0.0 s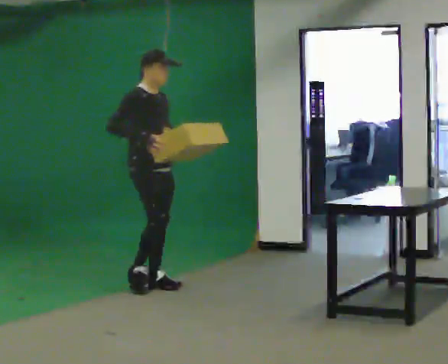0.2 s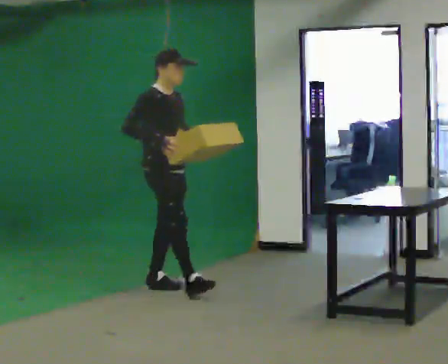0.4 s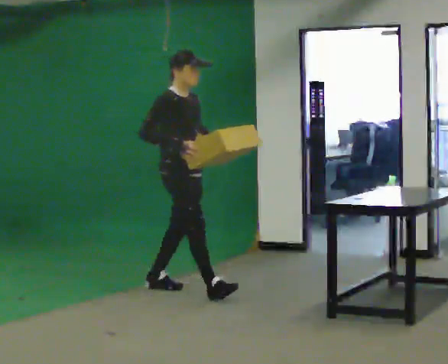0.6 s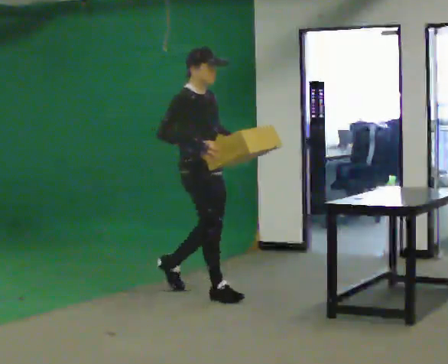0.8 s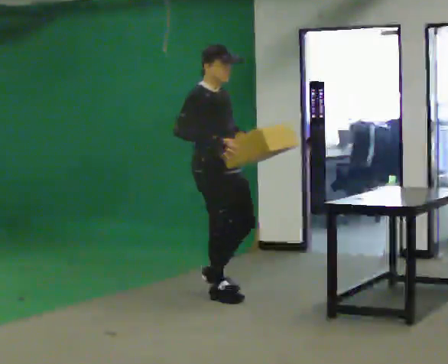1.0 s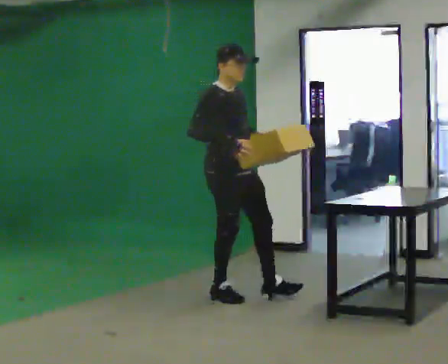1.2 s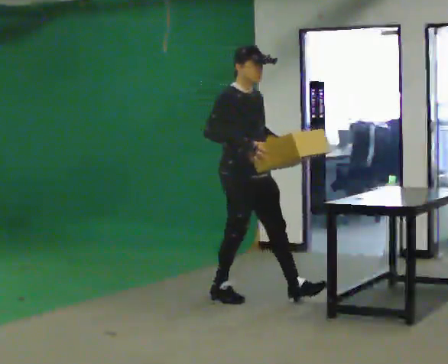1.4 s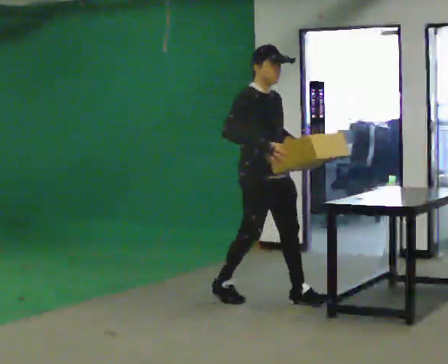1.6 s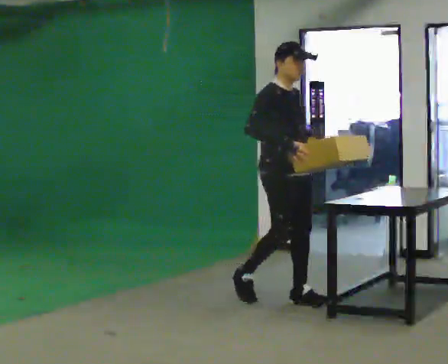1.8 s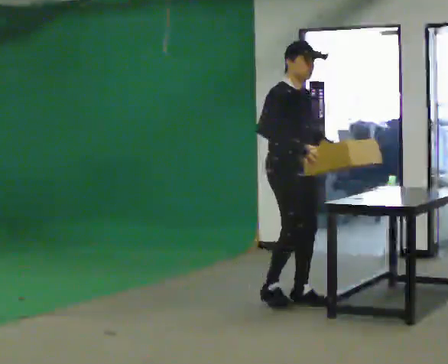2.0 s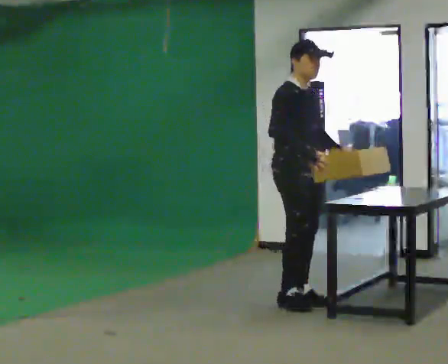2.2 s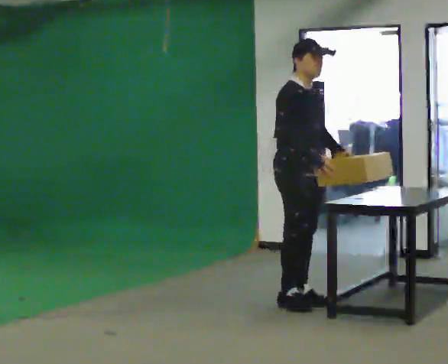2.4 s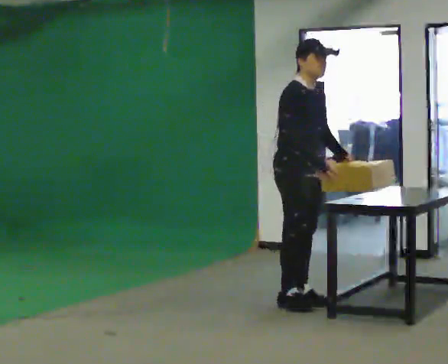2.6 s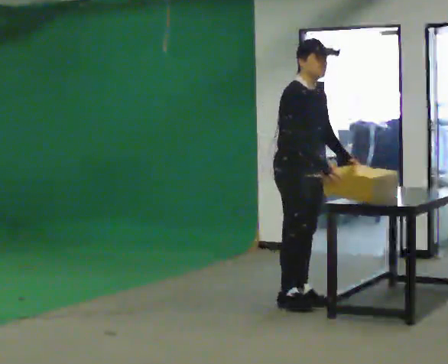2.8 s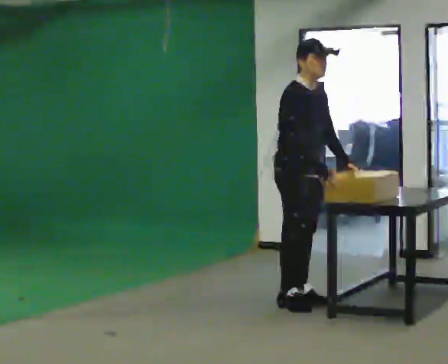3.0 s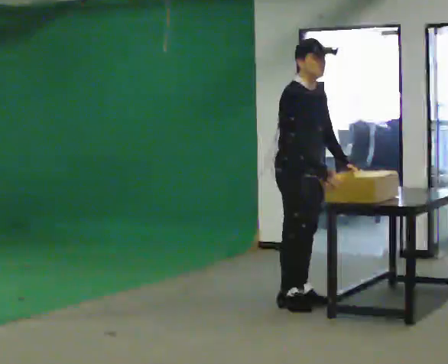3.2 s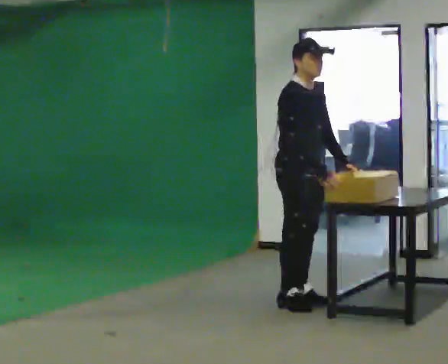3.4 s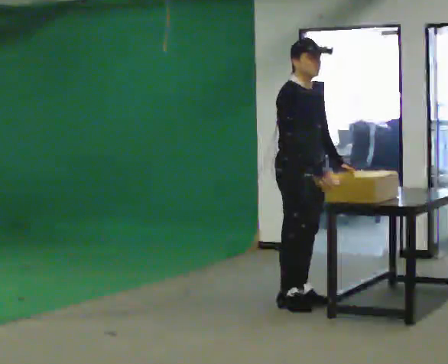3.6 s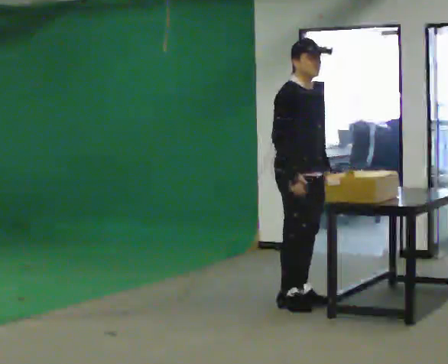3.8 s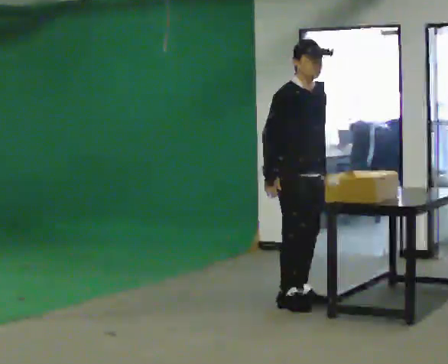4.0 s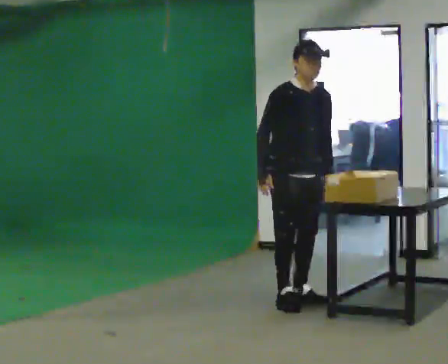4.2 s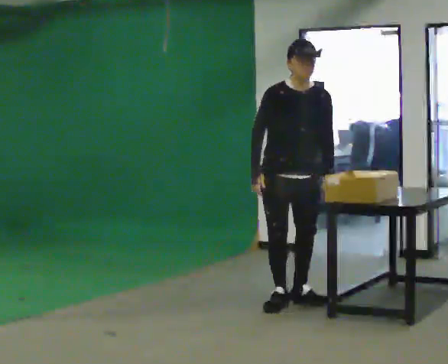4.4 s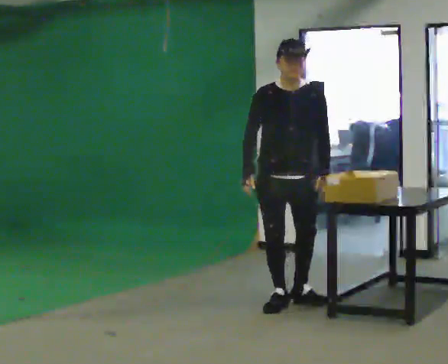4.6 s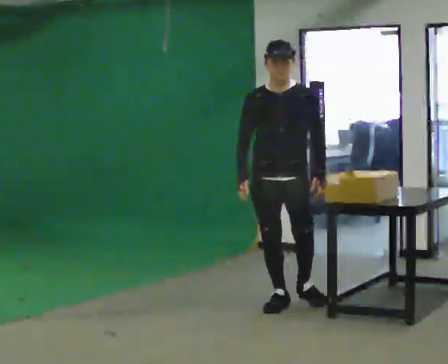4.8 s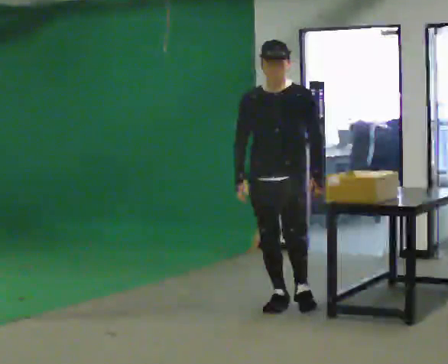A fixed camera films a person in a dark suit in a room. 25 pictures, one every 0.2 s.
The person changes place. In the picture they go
to the right.
0.0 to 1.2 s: In the picture they go to the right and toward the camera, about 1 m in 2 steps, which for them is forward.
1.2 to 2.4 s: In the picture they go to the right, about 0.25 m in 1 step, which for them is forward.
2.4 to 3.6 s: The person moves a little, or ends about where they began.
3.6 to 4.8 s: Seen from above the body turns clockwise, about 60 degrees: to their right, with its near side sliding to the left.
The film runs forward here.
